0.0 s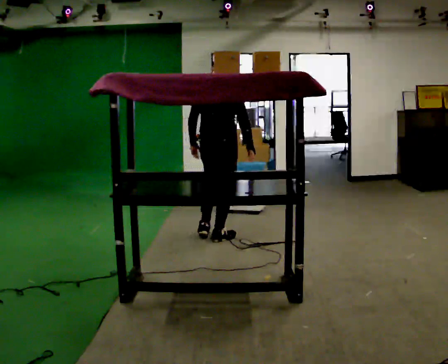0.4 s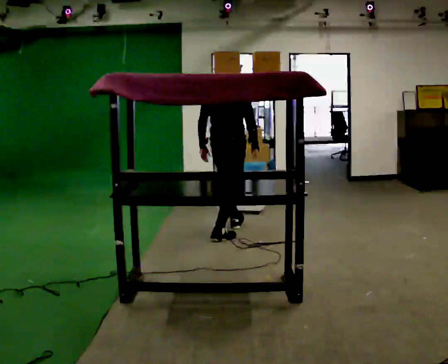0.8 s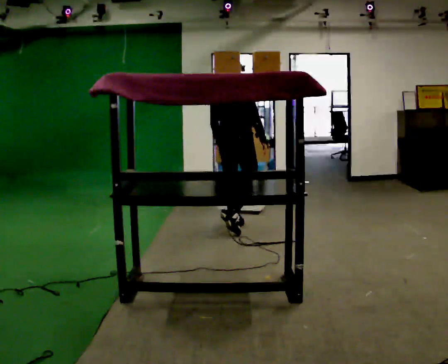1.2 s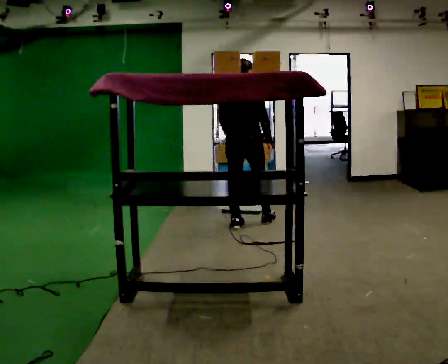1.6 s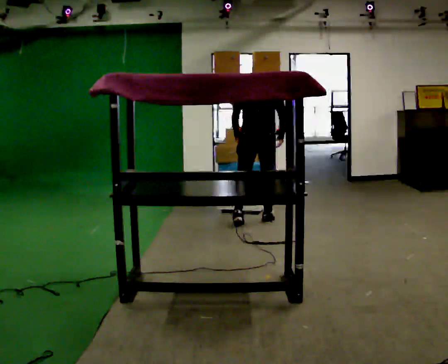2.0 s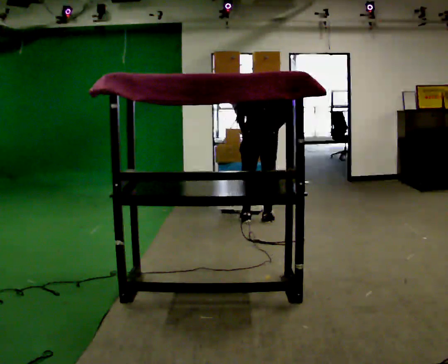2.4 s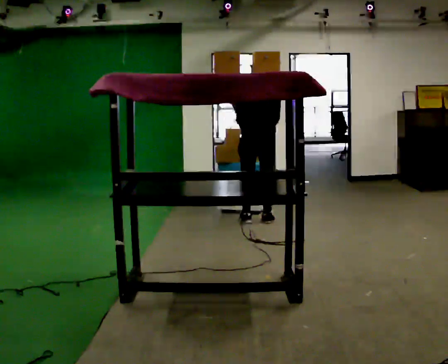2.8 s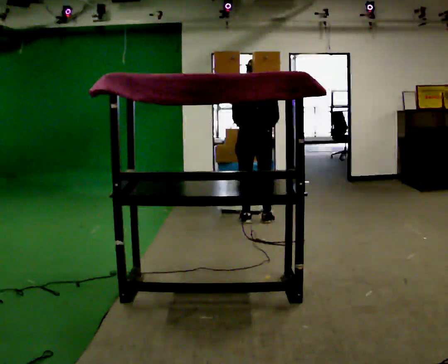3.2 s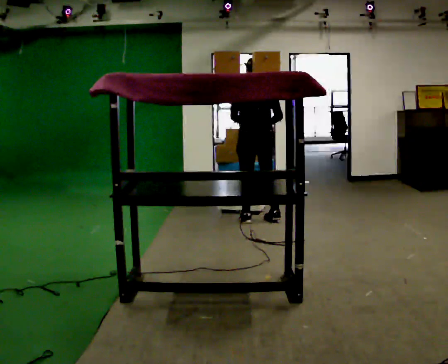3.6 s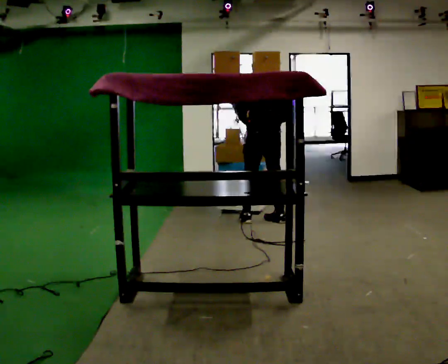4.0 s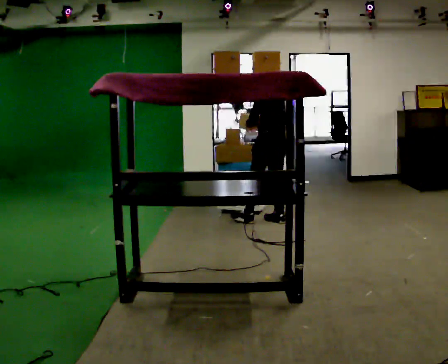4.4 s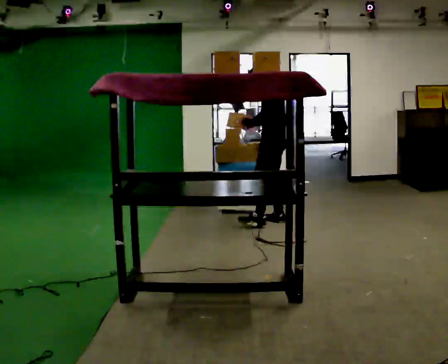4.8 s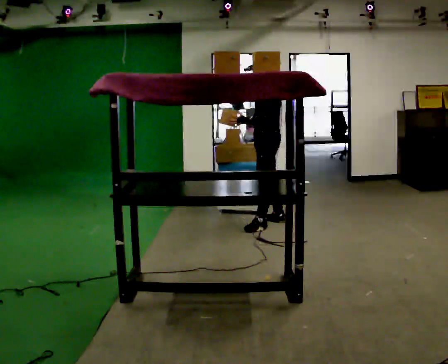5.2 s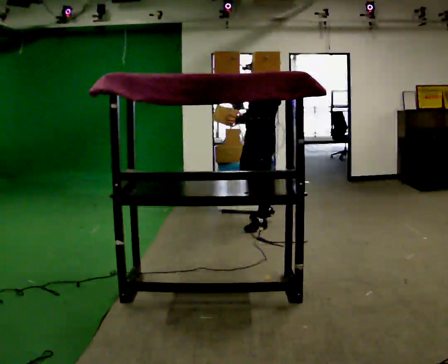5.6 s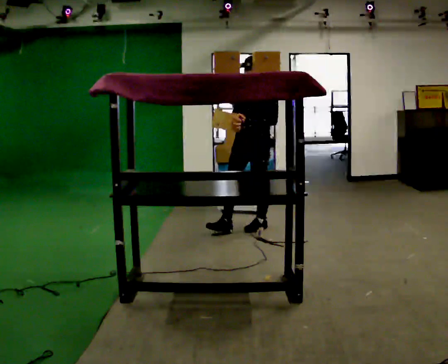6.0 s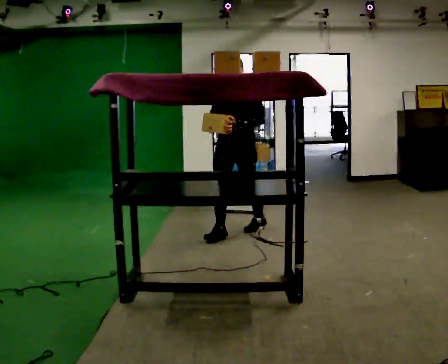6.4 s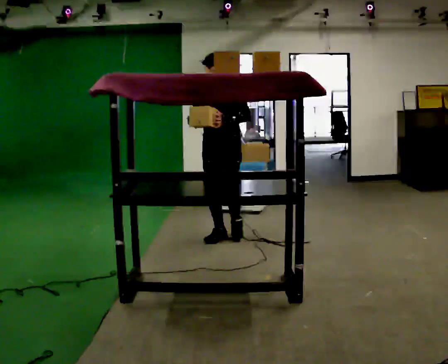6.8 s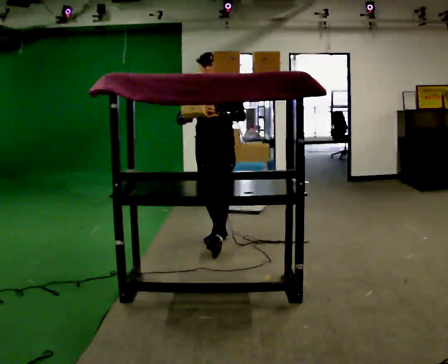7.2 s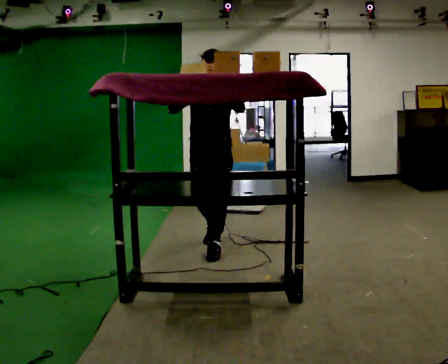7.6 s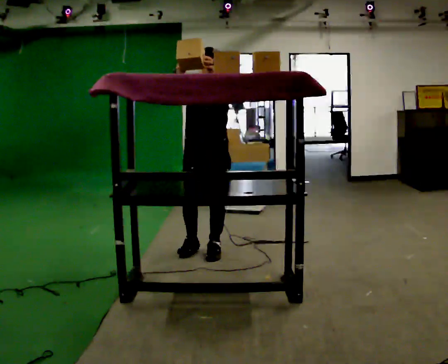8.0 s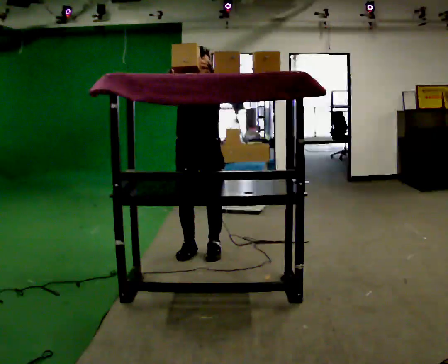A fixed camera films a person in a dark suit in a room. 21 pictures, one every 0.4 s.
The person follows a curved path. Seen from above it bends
clockwise.
The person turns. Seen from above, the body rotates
counterclockwise.
0.0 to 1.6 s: In the picture they go away from the camera and to the right, about 0.5 m in 2 steps, which for them is forward.
1.6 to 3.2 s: The person moves a little, or ends about where they began.
3.2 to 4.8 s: The part of the body nearest the lens slides to the right as the person turns to their left by about 90 degrees.
4.8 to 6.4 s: The part of the body nearest the lens slides to the right as the person turns to their left by about 60 degrees. In the picture they go toward the camera and to the left, about 0.75 m in 1 step.
6.4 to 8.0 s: In the picture they go toward the camera, about 0.5 m in 2 steps, which for them is forward. In the picture their right hand goes upward.
The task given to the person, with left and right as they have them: Take an object from the waist-height shelf, carry it across the room, and place it on the highest shelf you can comfortably reach. Keep going until the operator says stop; one object at a time, and do not rush between trips.
The film runs forward here.
